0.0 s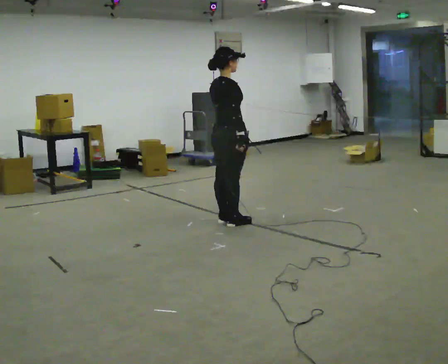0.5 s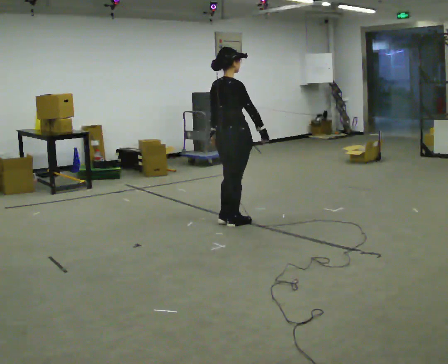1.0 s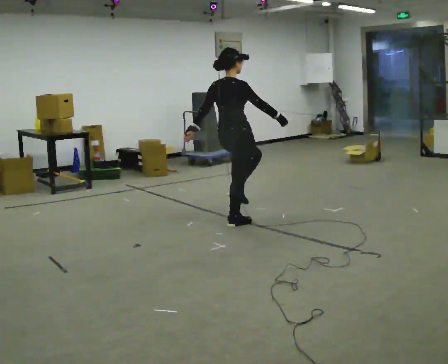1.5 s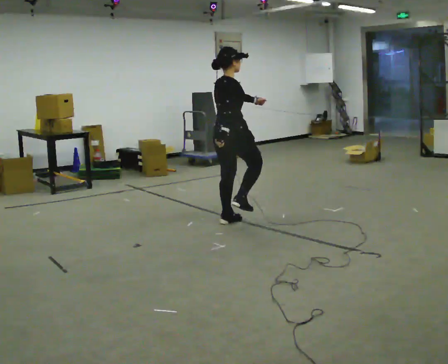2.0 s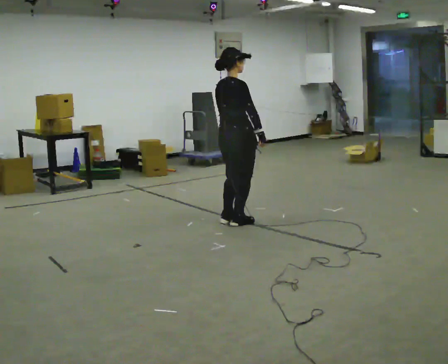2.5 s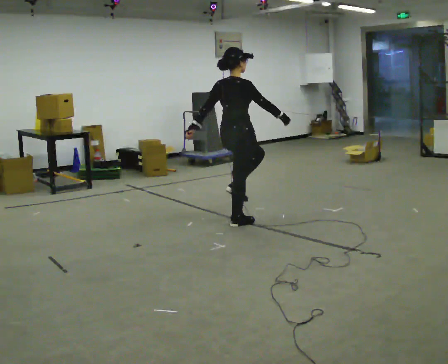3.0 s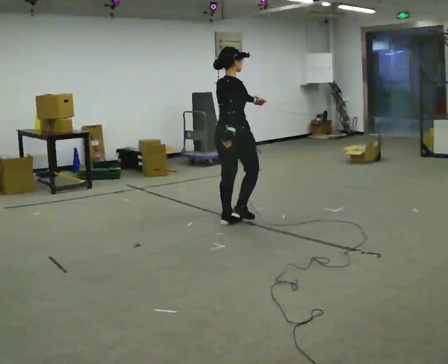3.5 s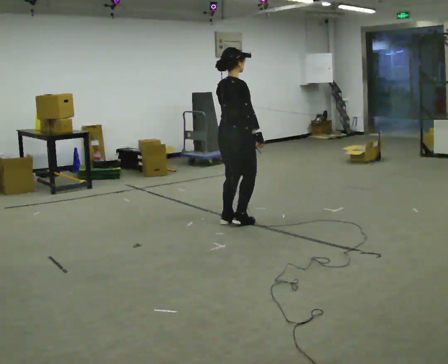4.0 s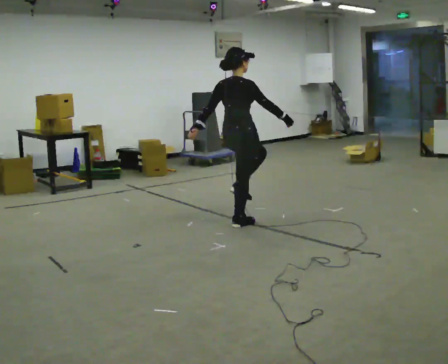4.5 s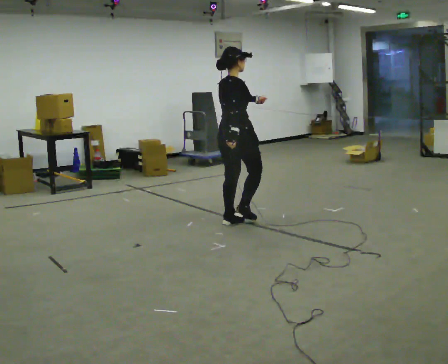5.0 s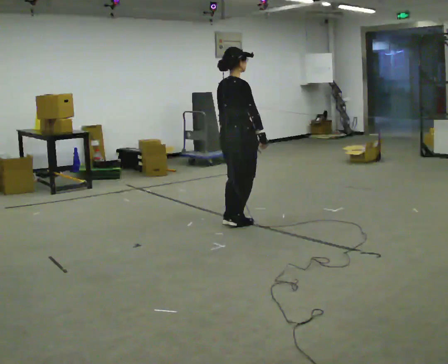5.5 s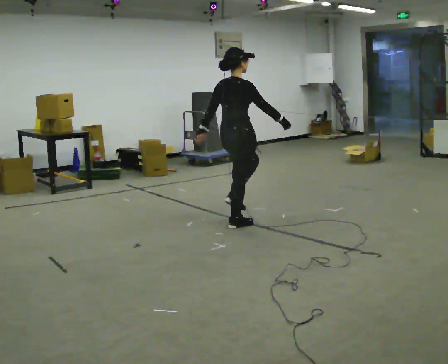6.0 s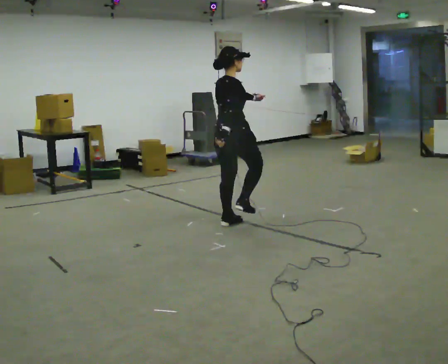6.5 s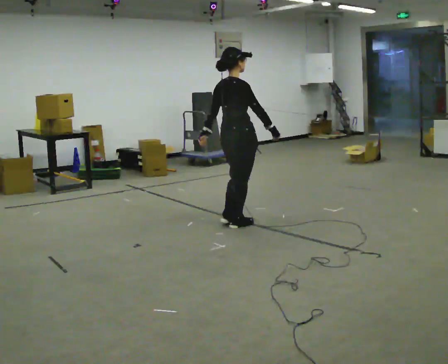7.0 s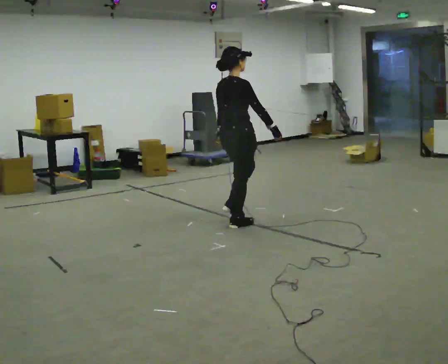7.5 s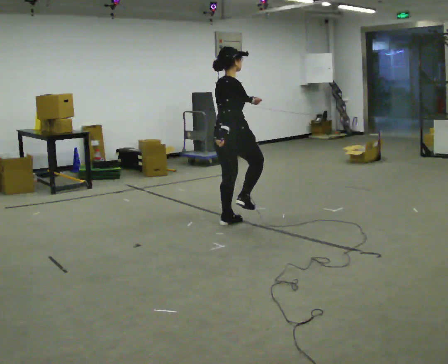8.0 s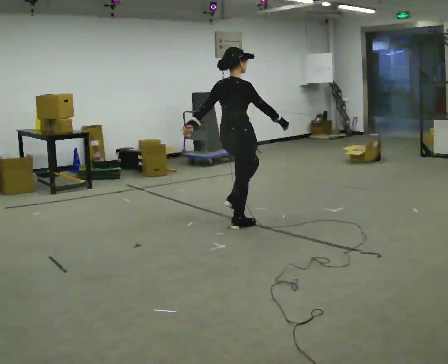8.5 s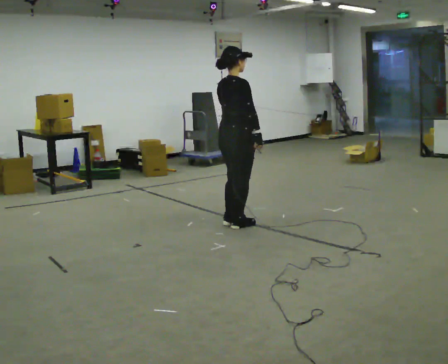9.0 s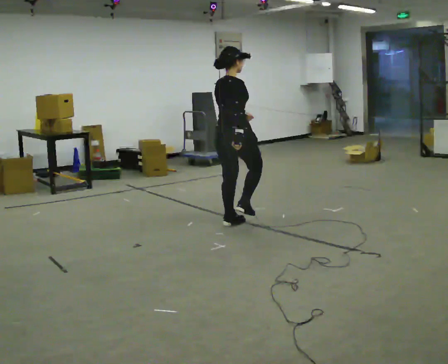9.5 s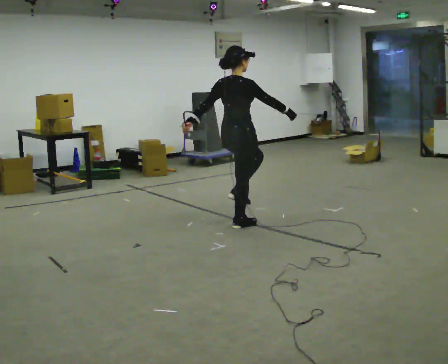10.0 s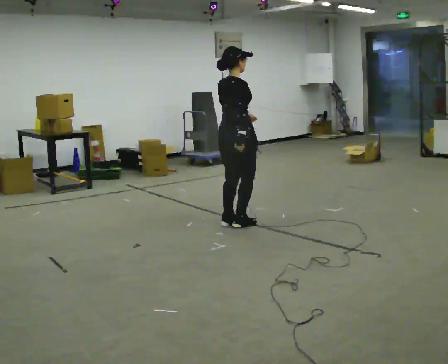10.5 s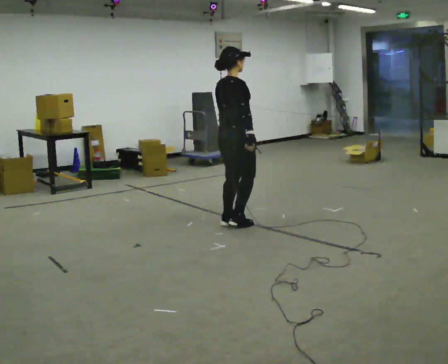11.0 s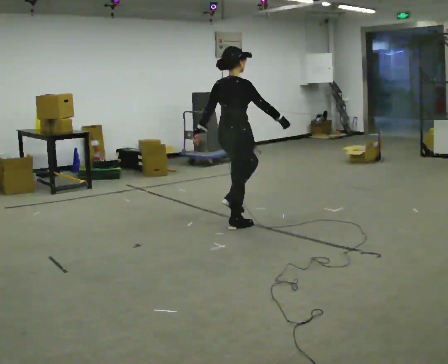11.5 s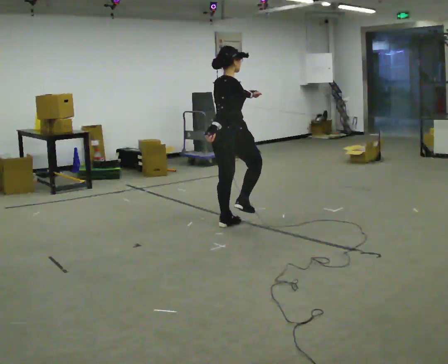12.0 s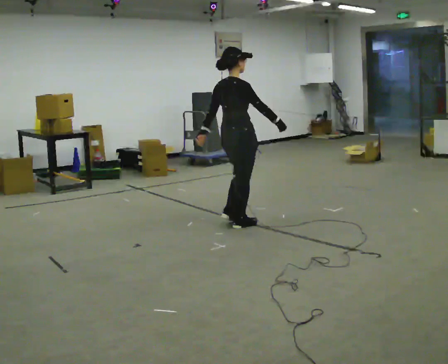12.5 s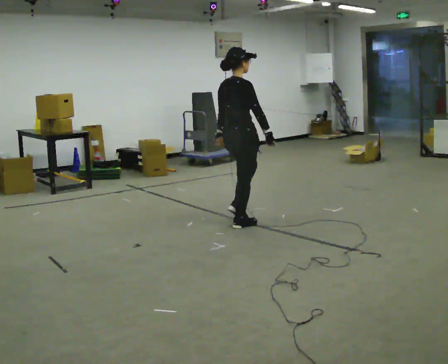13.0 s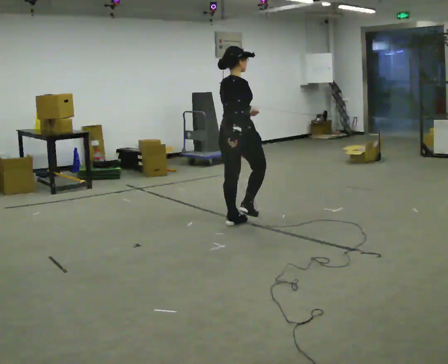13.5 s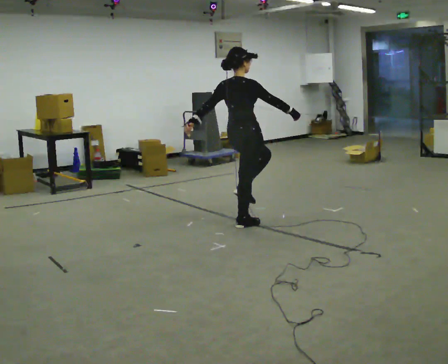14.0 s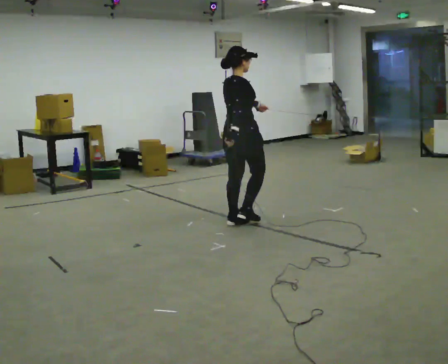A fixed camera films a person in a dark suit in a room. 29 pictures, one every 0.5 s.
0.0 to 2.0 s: The person moves a little, or ends about where they began.
2.0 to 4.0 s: In the picture their left hand goes to the left.
4.0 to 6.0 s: In the picture their left hand goes to the right.
6.0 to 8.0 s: In the picture their left hand goes to the left.
8.0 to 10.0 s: In the picture their left hand goes to the right.
10.0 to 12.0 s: In the picture their left hand goes to the left.
12.0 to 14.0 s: In the picture their left hand goes to the right.
The film runs backward here.
